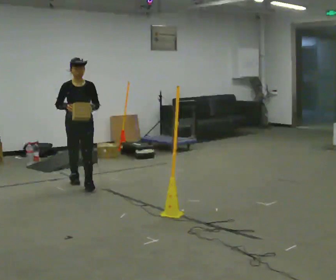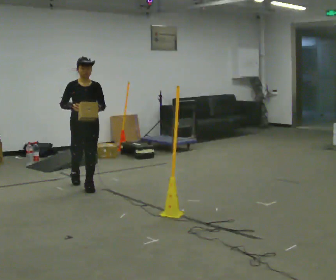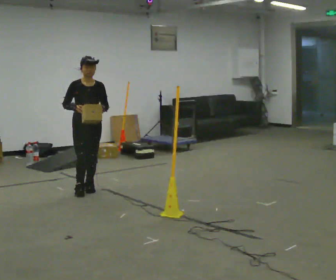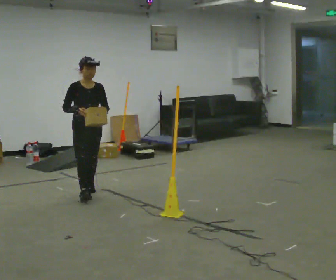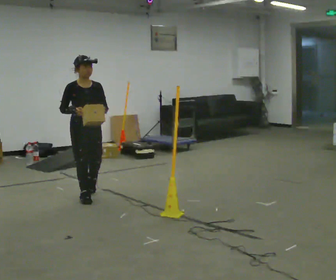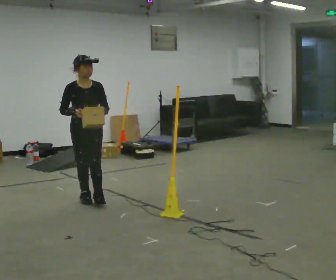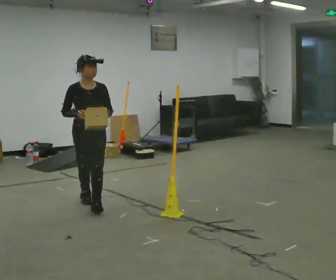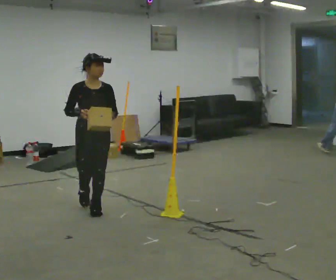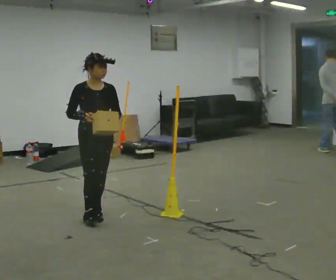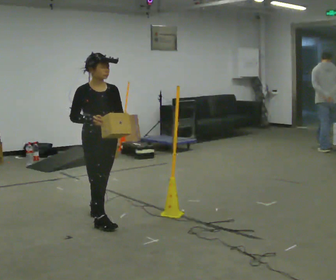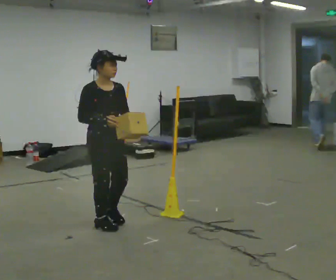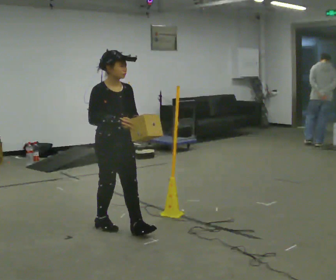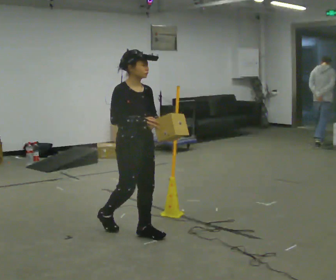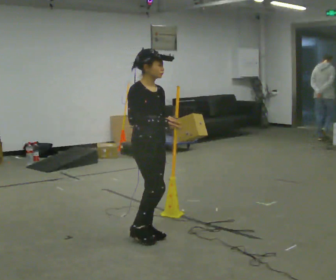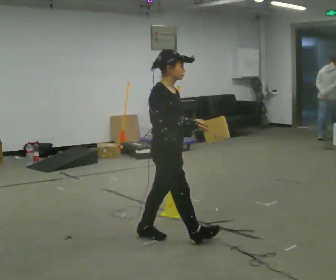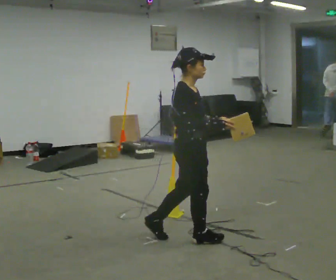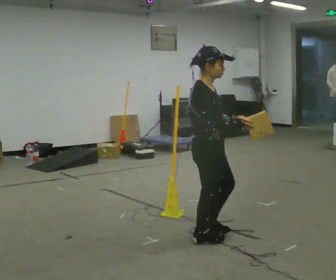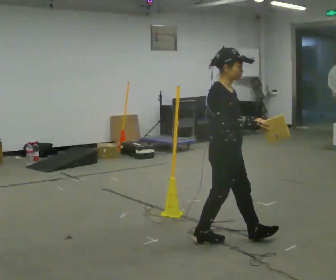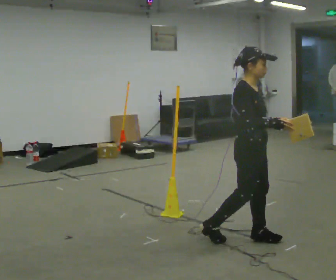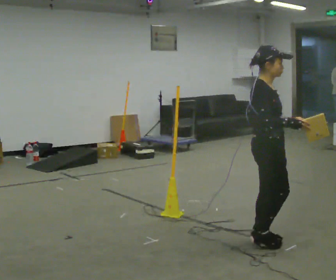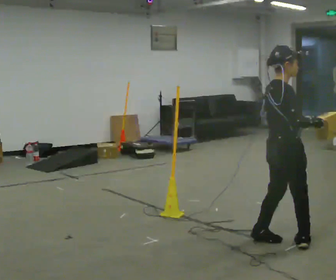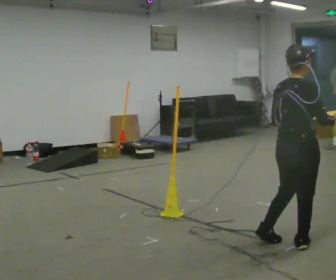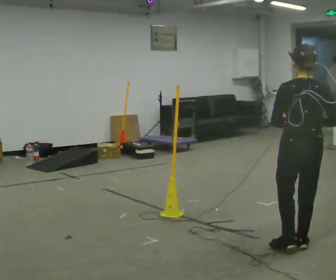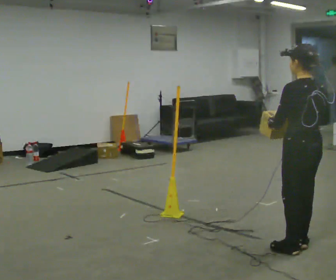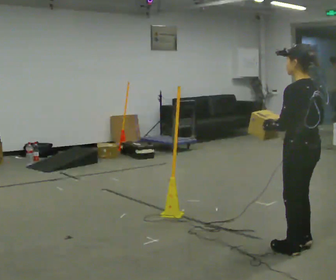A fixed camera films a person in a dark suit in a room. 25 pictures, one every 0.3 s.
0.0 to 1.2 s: In the picture they go toward the camera, about 0.5 m in 1 step, which for them is forward.
1.2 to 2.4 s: In the picture they go toward the camera, about 0.5 m in 1 step, which for them is forward.
2.4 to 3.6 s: Seen from above the body turns counterclockwise, about 30 degrees: to their left, with its near side sliding to the right. In the picture they go toward the camera and to the right, about 0.75 m in 2 steps, which for them is forward.
3.6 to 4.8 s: The part of the body nearest the lens slides to the right as the person turns to their left by about 30 degrees. In the picture they go to the right and toward the camera, about 0.5 m in 1 step, which for them is forward.
4.8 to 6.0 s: In the picture they go to the right and toward the camera, about 0.5 m in 2 steps, which for them is forward.
6.0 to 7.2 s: The person turns about 120 degrees to their left, counterclockwise seen from above, so the part of the body nearest the lens slides to the right. In the picture they go toward the camera, about 0.25 m in 1 step.
The film runs forward here.
